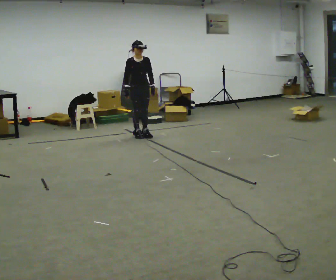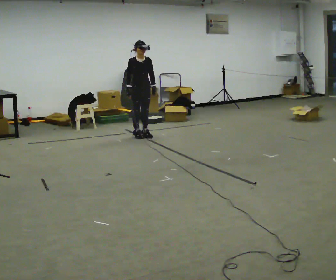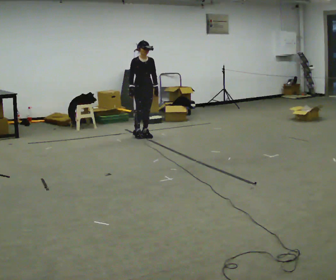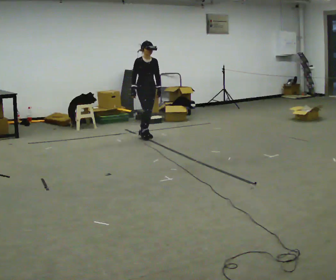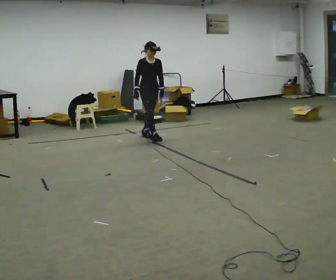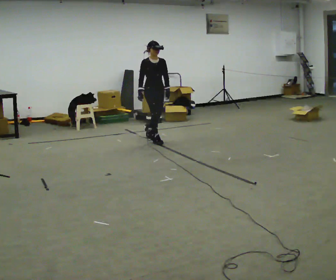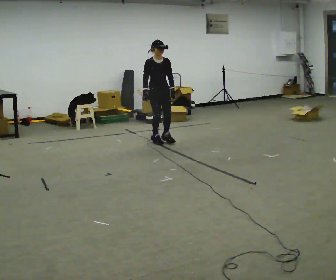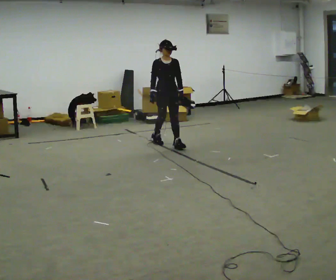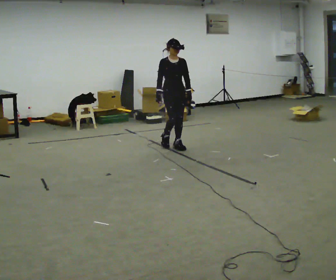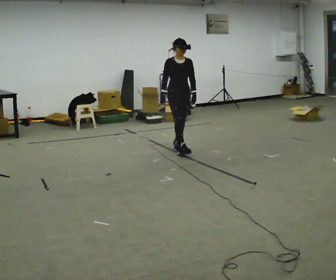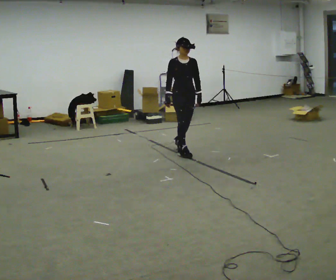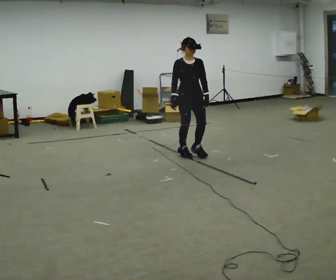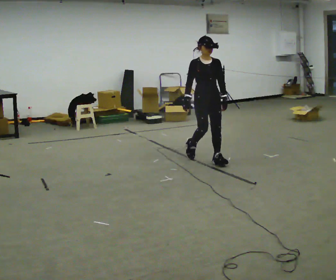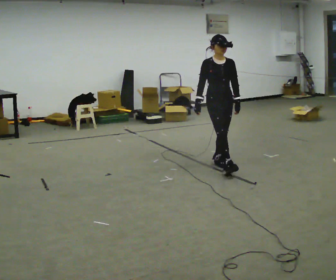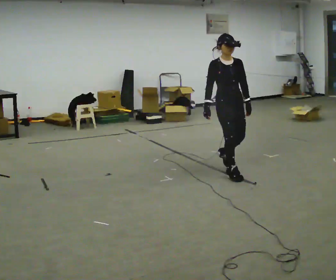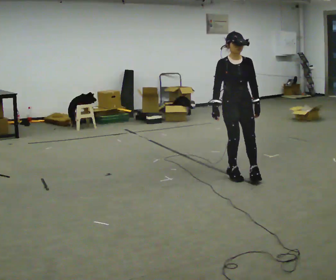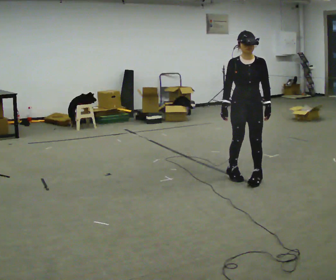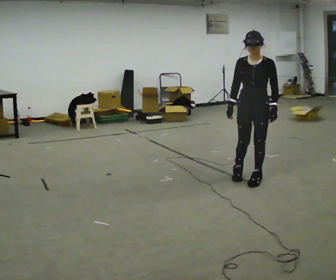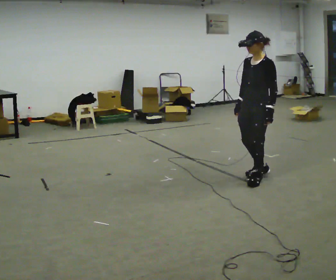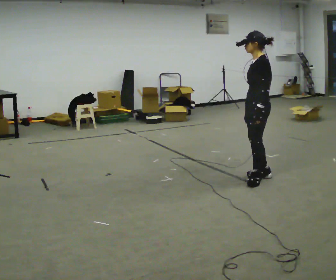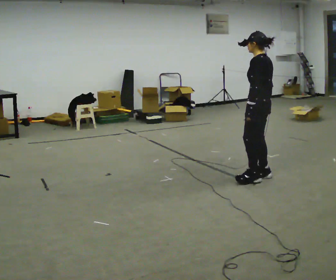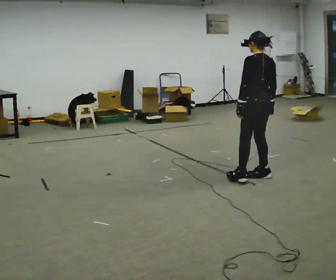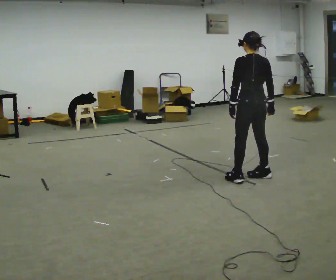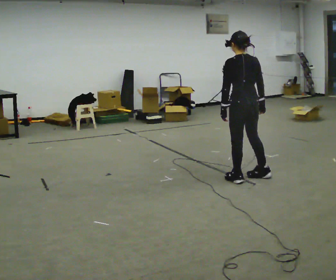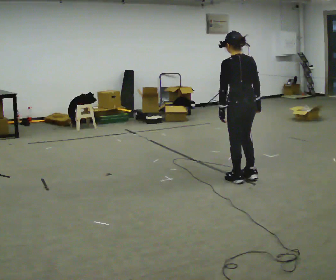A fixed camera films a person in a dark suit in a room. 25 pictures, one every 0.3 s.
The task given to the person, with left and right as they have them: Start still; gradually go slow → normal → fast; briefly maintain fast speed; stop.
0.0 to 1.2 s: In the picture they go to the right, about 0.25 m in 1 step, which for them is forward.
1.2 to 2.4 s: In the picture they go toward the camera and to the right, about 0.75 m in 1 step, which for them is forward.
2.4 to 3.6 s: In the picture they go toward the camera and to the right, about 1 m in 2 steps, which for them is forward.
3.6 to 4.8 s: In the picture they go toward the camera and to the right, about 1 m in 2 steps, which for them is forward.
4.8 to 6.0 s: The person turns about 120 degrees to their right, clockwise seen from above, so the part of the body nearest the lens slides to the left. In the picture their right hand goes to the right.
6.0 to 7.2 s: Seen from above the body turns clockwise, about 30 degrees: to their right, with its near side sliding to the left. In the picture they go to the left, about 0.25 m in 1 step, which for them is to their left.
The film runs forward here.
